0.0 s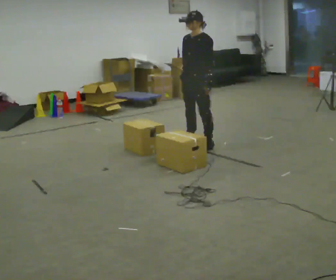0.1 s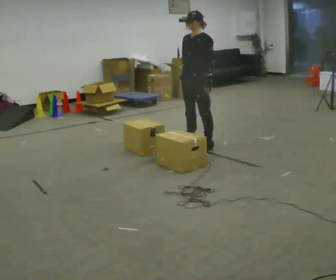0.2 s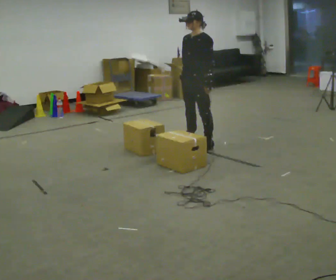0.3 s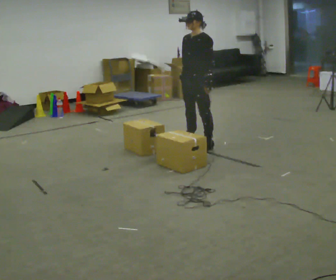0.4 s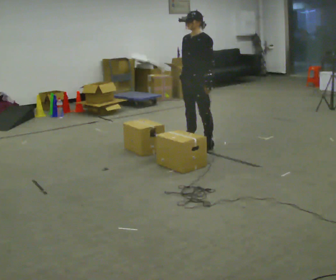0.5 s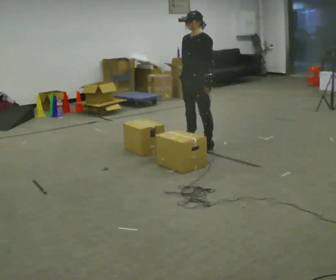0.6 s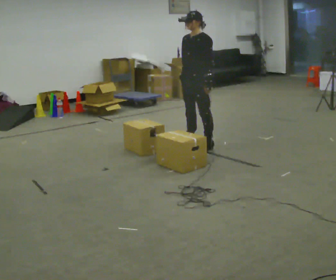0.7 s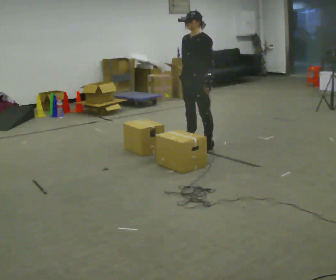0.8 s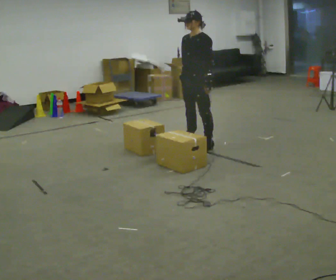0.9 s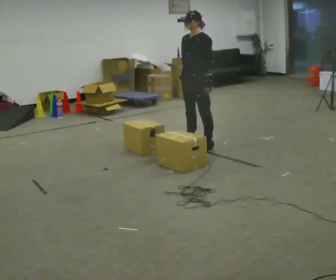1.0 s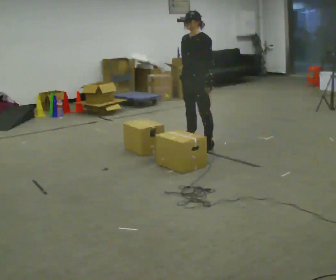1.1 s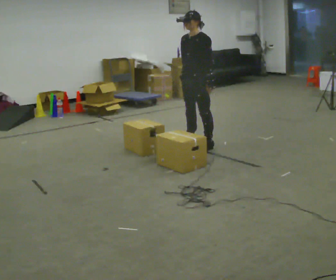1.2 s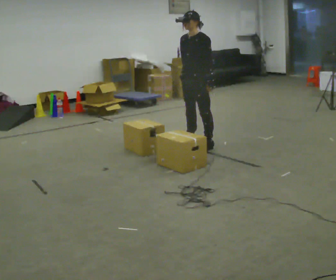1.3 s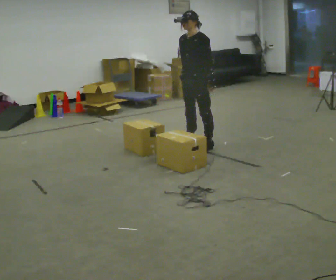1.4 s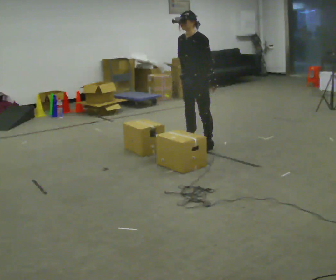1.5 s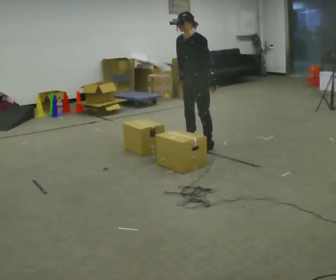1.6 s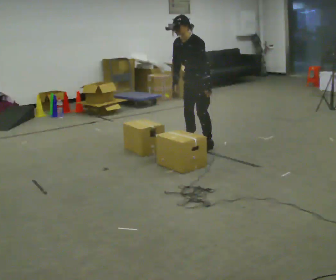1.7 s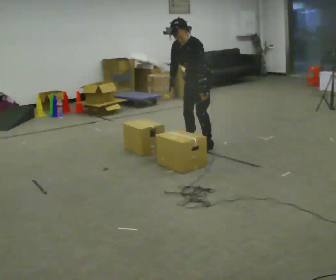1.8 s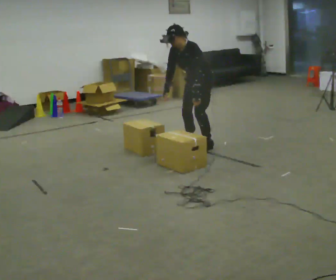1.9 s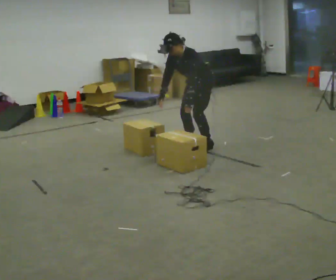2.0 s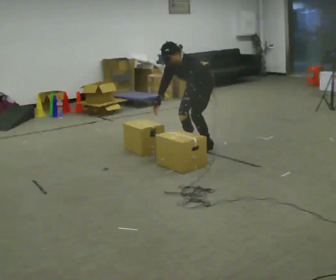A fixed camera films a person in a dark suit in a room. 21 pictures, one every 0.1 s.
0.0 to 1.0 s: The person keeps their place and pose.
1.0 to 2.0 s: The shoulders move downward. In the picture the upper body tilts counterclockwise, shoulders to the left, as they bend forward. In the picture their right hand goes to the left.
The film runs backward here.
